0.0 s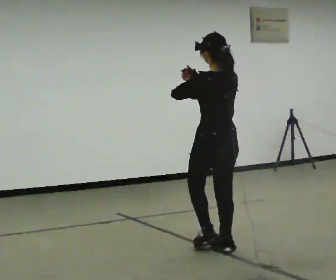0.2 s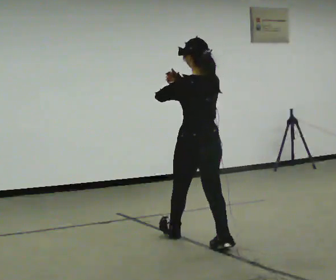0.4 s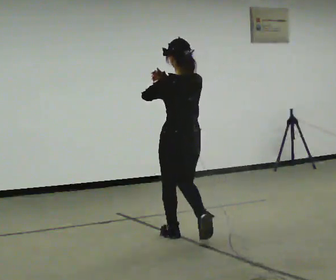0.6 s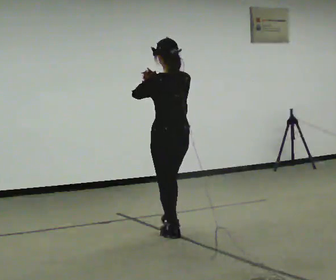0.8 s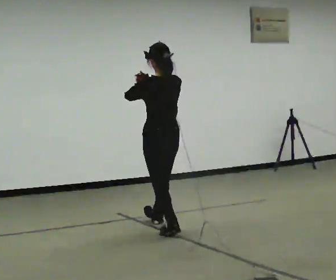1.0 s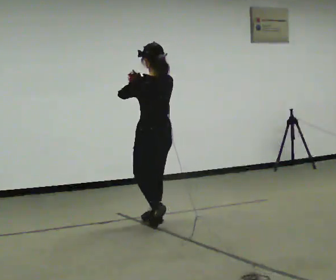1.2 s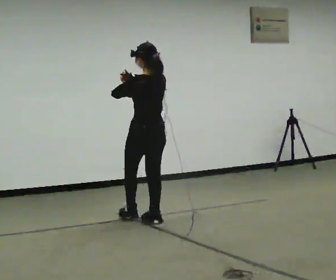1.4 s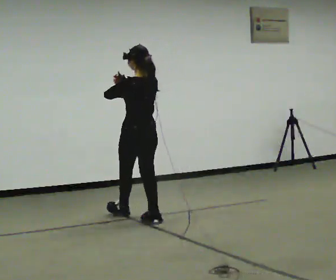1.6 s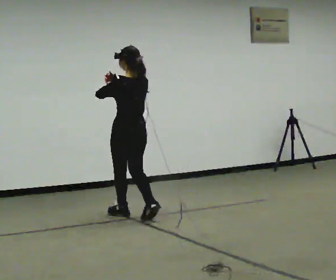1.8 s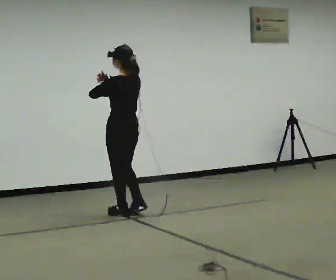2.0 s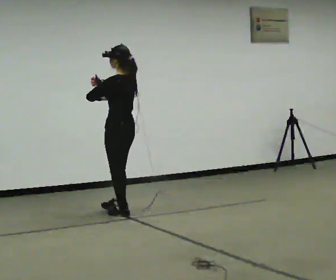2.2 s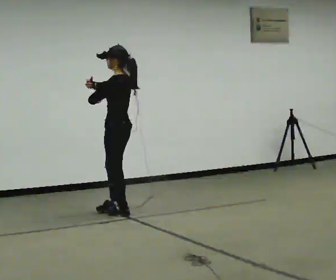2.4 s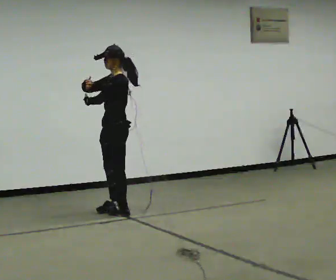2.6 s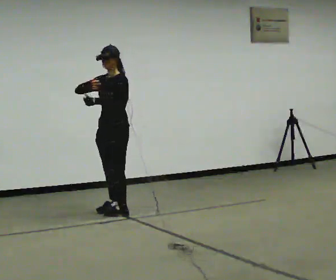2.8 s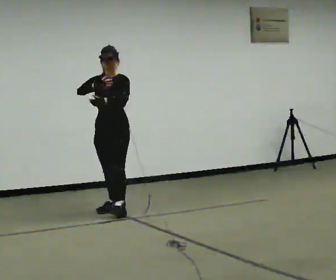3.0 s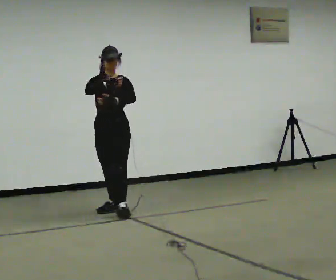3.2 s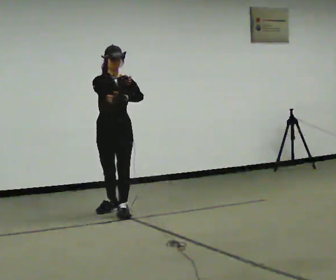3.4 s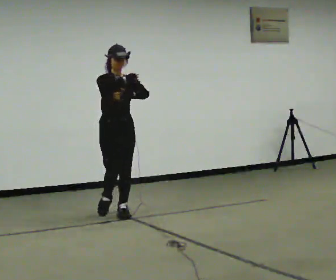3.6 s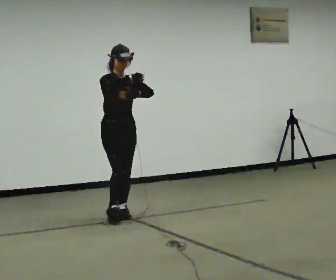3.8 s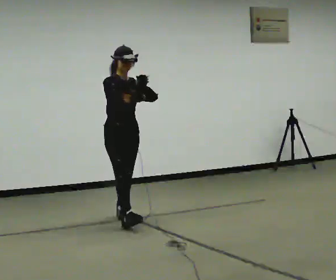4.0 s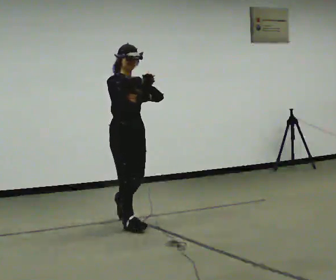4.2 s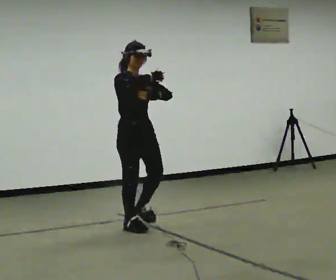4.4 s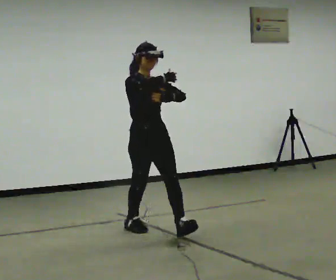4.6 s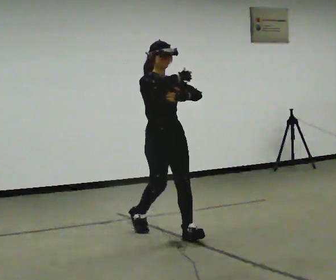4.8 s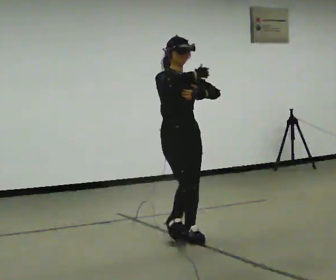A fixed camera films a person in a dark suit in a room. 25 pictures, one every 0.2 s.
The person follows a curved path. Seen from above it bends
counterclockwise.
The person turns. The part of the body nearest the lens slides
to the right.
0.0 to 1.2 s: In the picture they go away from the camera and to the left, about 1 m in 2 steps, which for them is forward.
1.2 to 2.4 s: Seen from above the body turns counterclockwise, about 75 degrees: to their left, with its near side sliding to the right. In the picture they go away from the camera and to the left, about 0.5 m in 2 steps.
2.4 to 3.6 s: Seen from above the body turns counterclockwise, about 105 degrees: to their left, with its near side sliding to the right. In the picture they go toward the camera, about 0.25 m.
3.6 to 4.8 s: In the picture they go toward the camera and to the right, about 1 m in 2 steps, which for them is forward.
The film runs forward here.
